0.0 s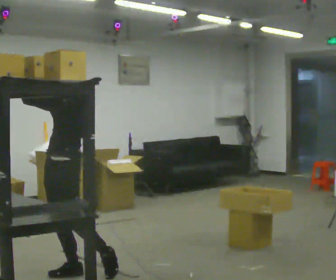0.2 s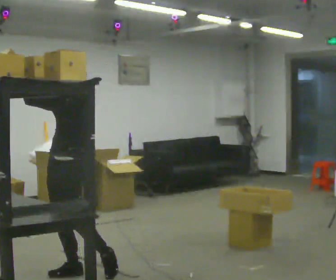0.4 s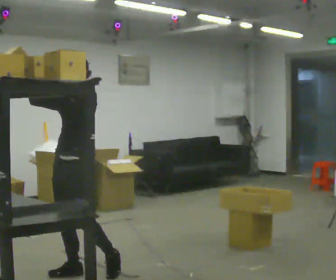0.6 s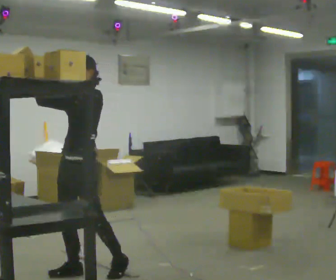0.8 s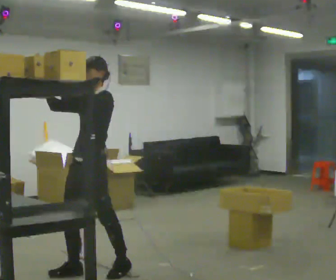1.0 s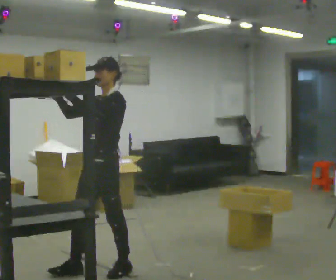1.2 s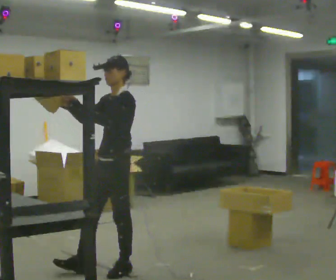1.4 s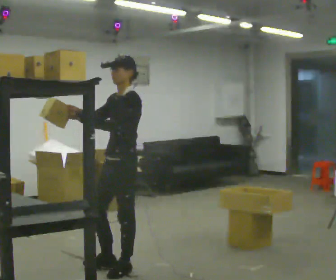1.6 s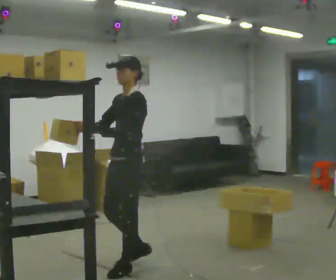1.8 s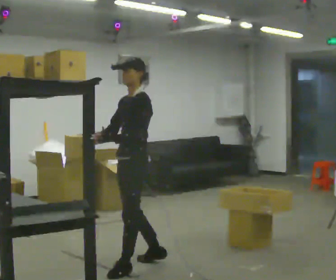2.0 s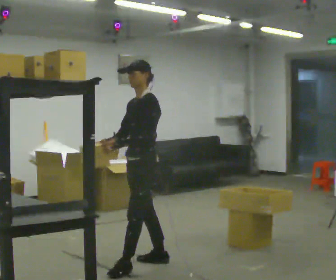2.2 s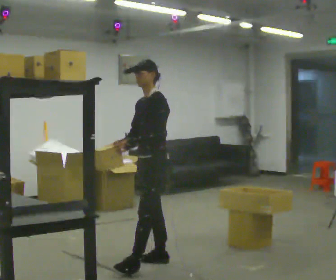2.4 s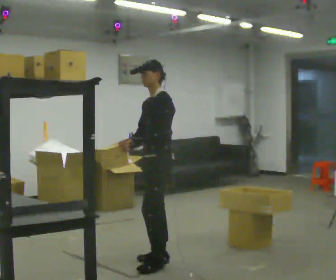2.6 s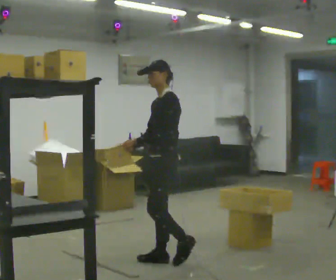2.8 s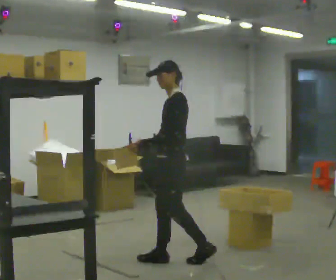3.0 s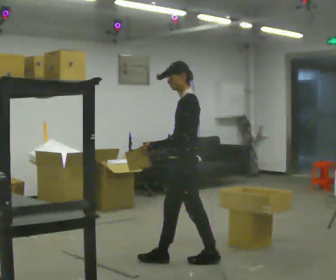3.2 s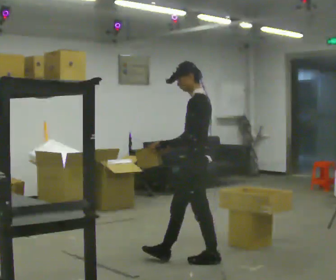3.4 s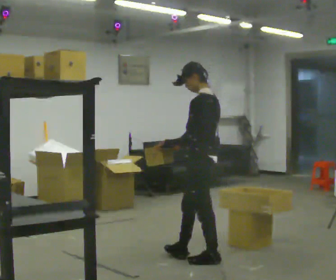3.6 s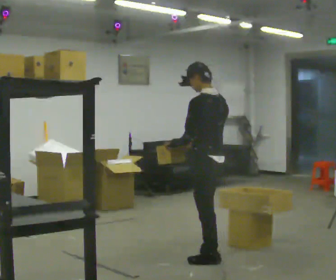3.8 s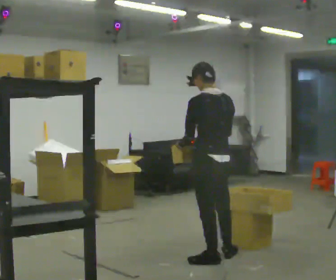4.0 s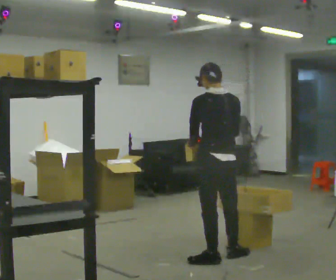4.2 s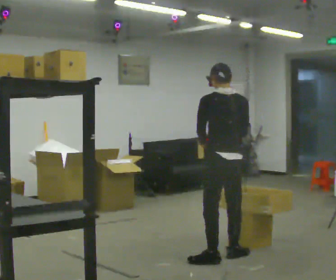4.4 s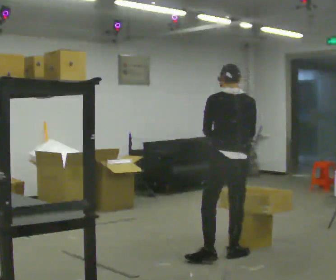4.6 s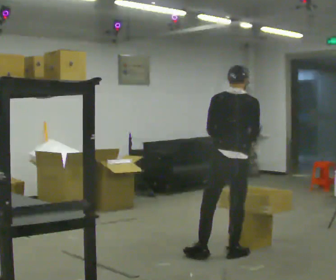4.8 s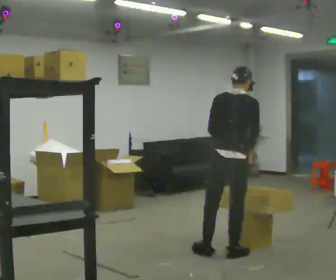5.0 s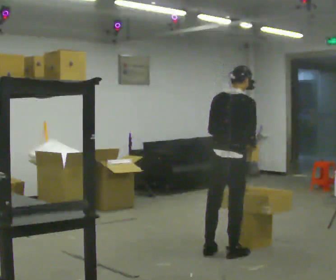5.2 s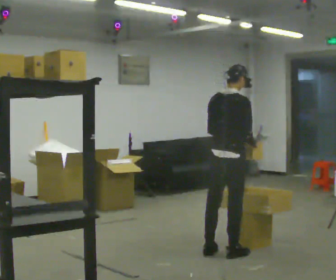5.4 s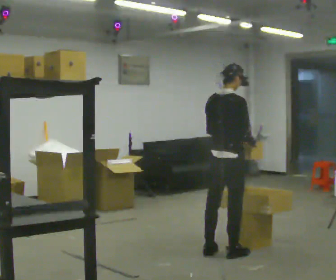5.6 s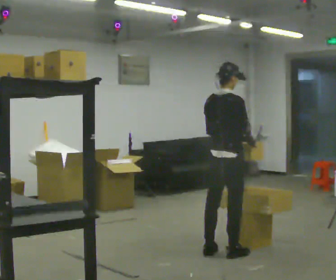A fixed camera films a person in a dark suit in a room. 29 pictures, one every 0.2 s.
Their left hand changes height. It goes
downward.
The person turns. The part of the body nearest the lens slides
to the left.
0.0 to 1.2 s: In the picture they go to the right, about 0.5 m in 2 steps, which for them is backward and to their left.
1.2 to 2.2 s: In the picture they go to the right and away from the camera, about 0.5 m in 1 step, which for them is backward. In the picture their right hand goes downward, the arm swinging counterclockwise.
2.2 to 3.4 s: Seen from above the body turns clockwise, about 45 degrees: to their right, with its near side sliding to the left. In the picture they go to the right, about 0.5 m in 1 step, which for them is backward.
3.4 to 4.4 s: The part of the body nearest the lens slides to the left as the person turns to their right by about 60 degrees. In the picture they go to the right, about 0.25 m in 1 step.
4.4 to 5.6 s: Seen from above the body turns clockwise, about 45 degrees: to their right, with its near side sliding to the left. In the picture they go away from the camera, about 0.25 m, which for them is forward.
The film runs backward here.
